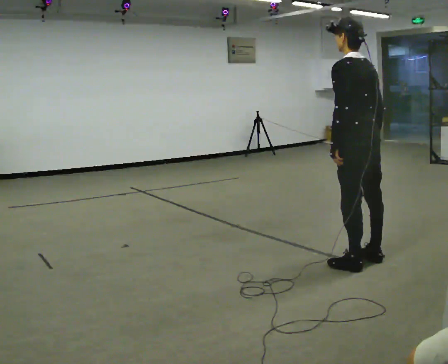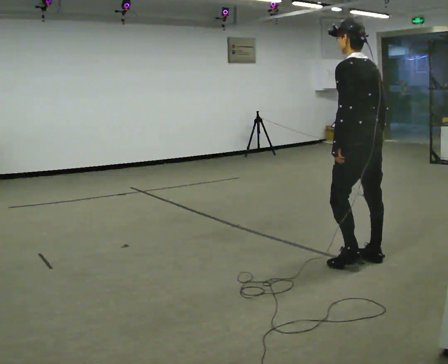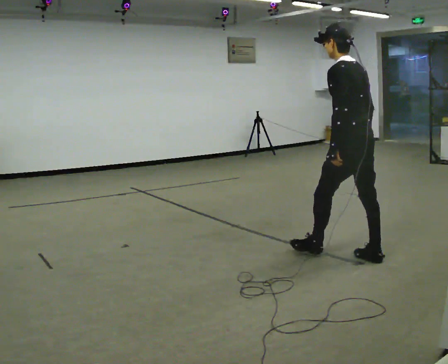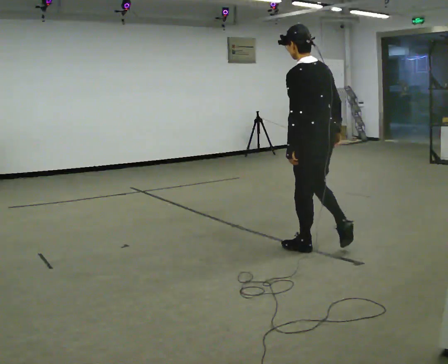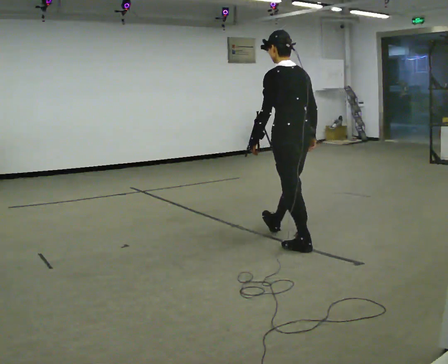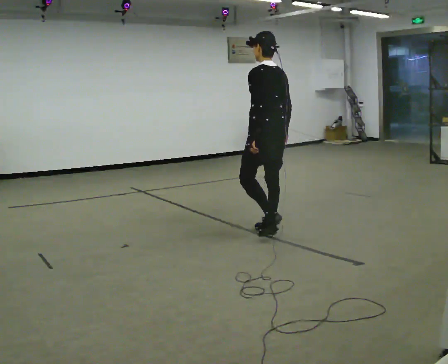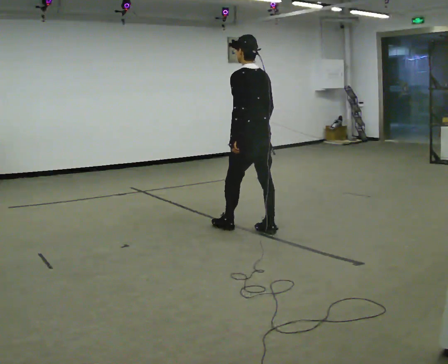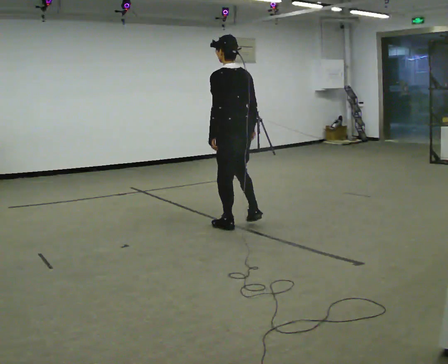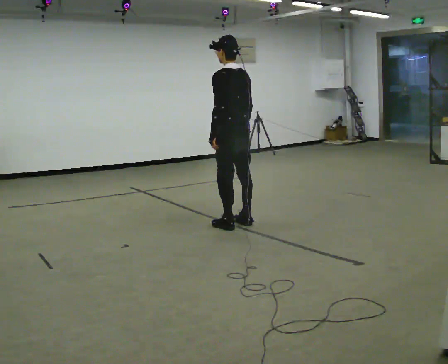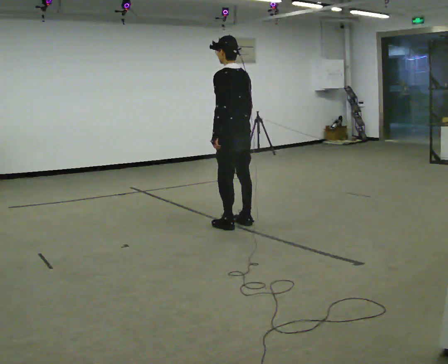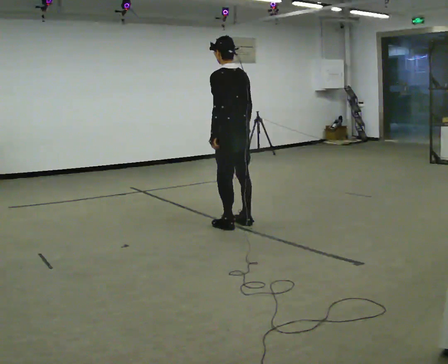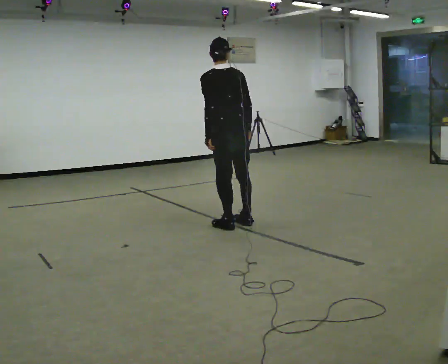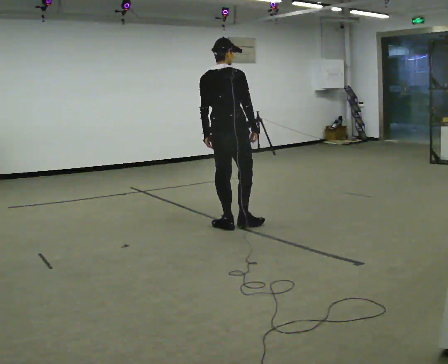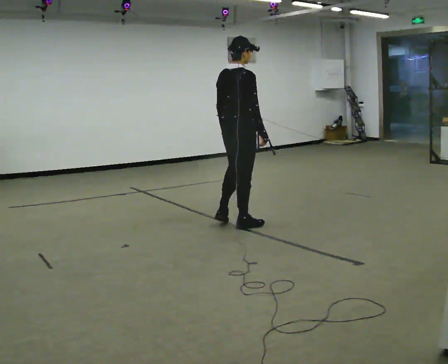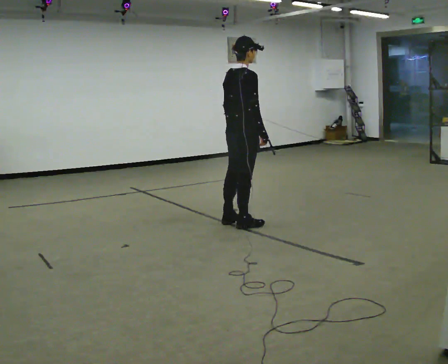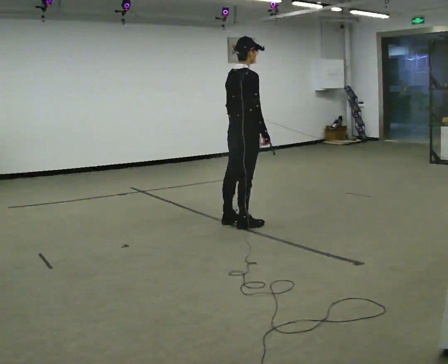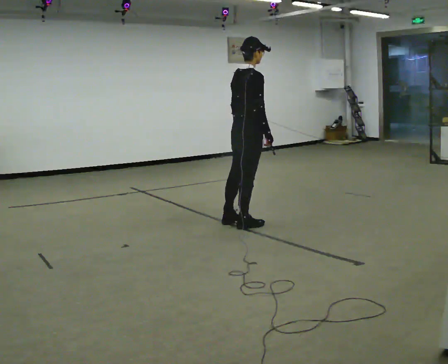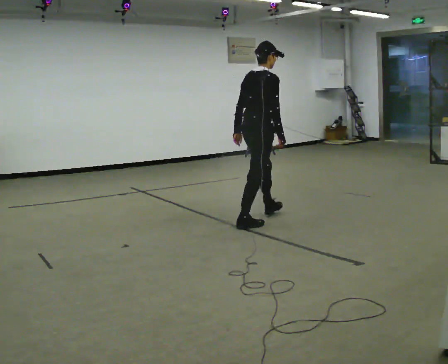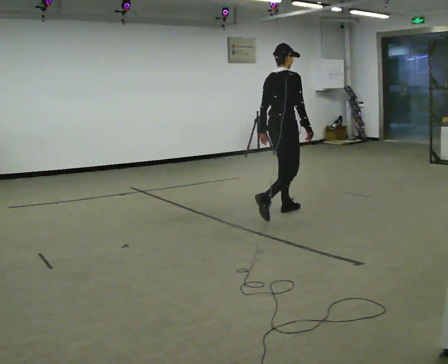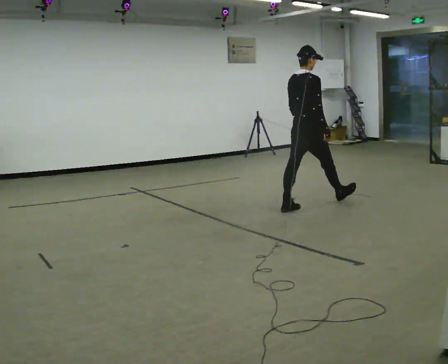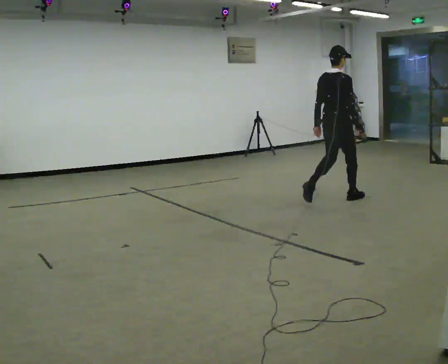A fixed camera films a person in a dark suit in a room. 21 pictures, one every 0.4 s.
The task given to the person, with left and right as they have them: Walk; stop fully; turn 90° left/right while standing; walk new direction.
0.0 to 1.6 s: In the picture they go away from the camera and to the left, about 0.75 m in 1 step, which for them is forward.
1.6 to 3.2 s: In the picture they go away from the camera and to the left, about 1 m in 3 steps, which for them is forward.
3.2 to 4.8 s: Seen from above the body turns clockwise, about 60 degrees: to their right, with its near side sliding to the left.
4.8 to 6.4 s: The part of the body nearest the lens slides to the left as the person turns to their right by about 45 degrees. In the picture they go to the right, about 0.25 m in 1 step, which for them is forward.
6.4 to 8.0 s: In the picture they go to the right and away from the camera, about 1.5 m in 2 steps, which for them is forward.
The film runs forward here.
